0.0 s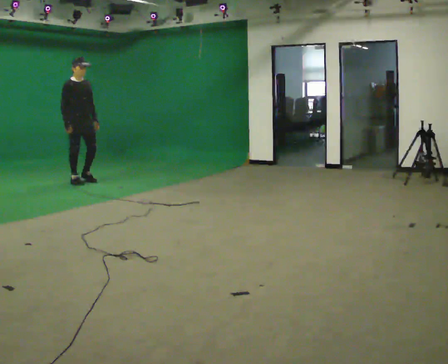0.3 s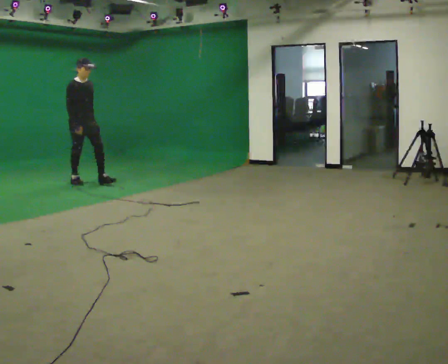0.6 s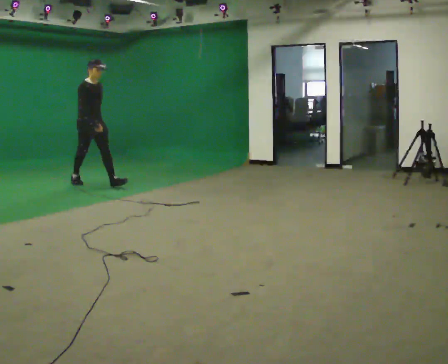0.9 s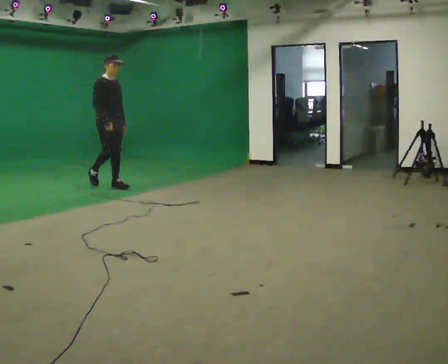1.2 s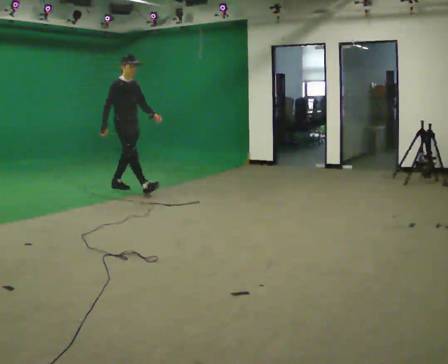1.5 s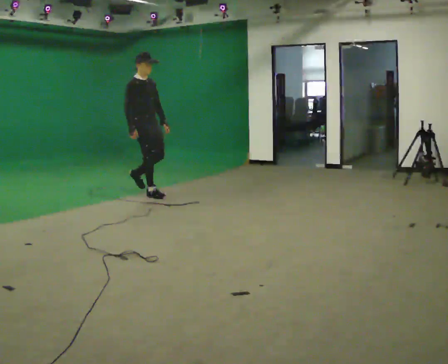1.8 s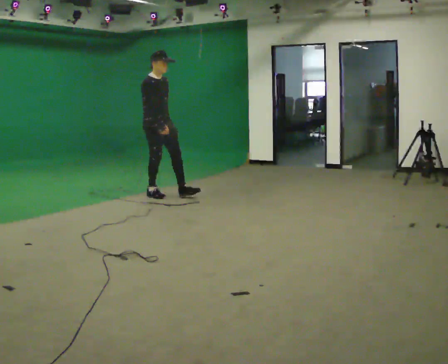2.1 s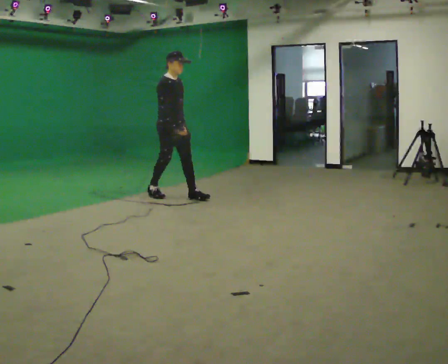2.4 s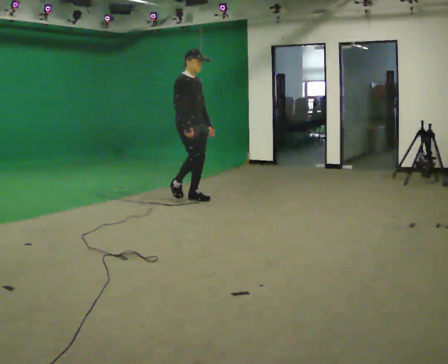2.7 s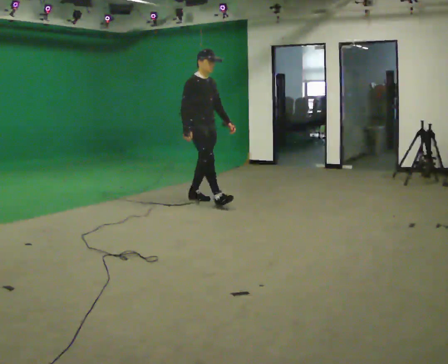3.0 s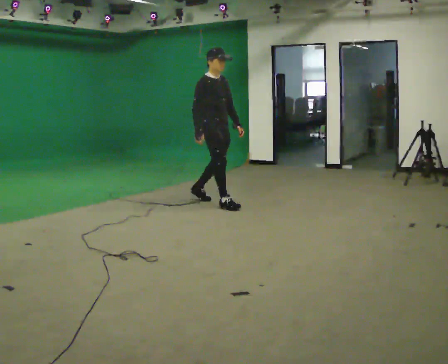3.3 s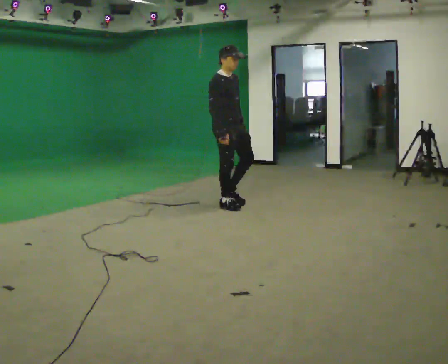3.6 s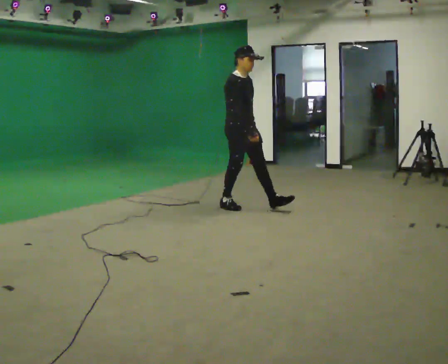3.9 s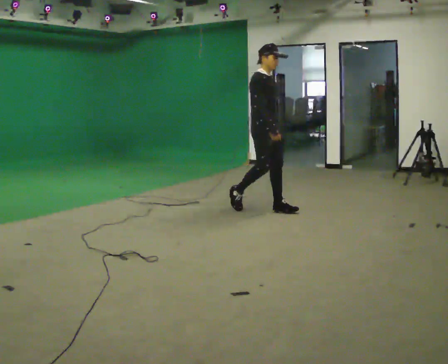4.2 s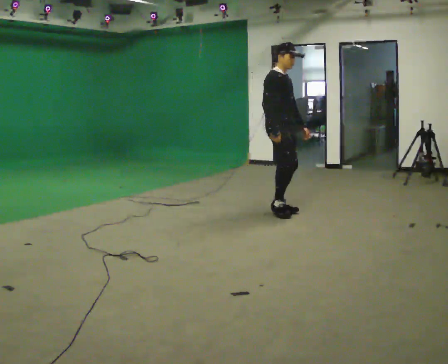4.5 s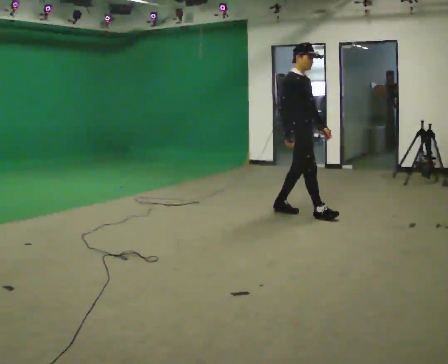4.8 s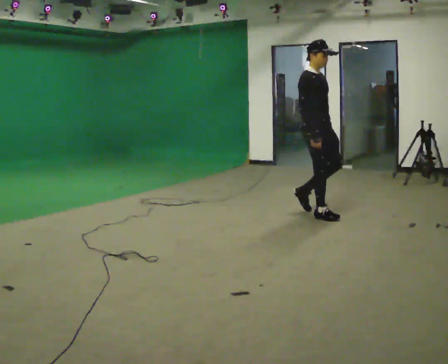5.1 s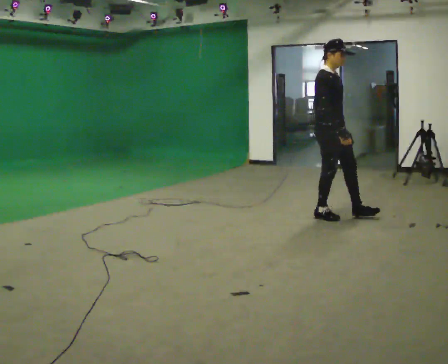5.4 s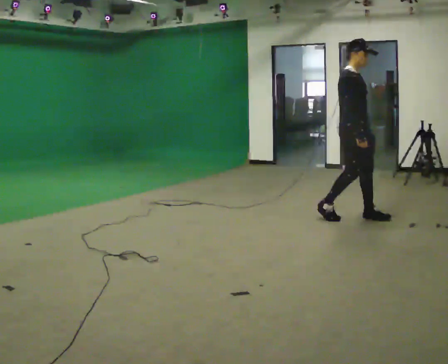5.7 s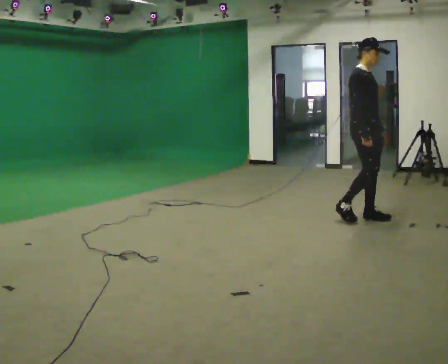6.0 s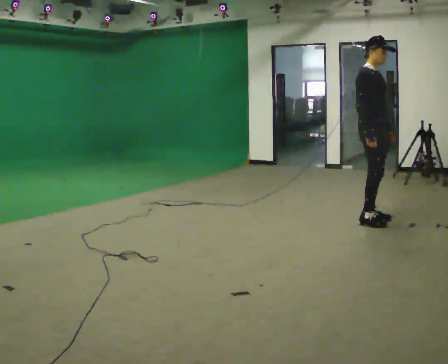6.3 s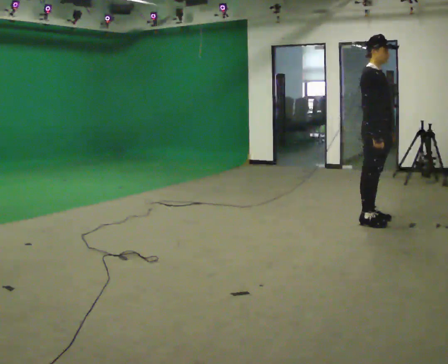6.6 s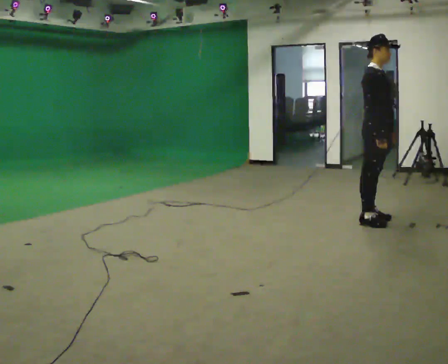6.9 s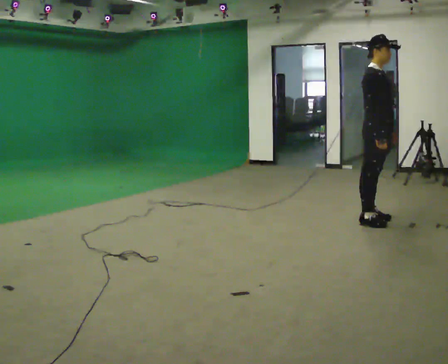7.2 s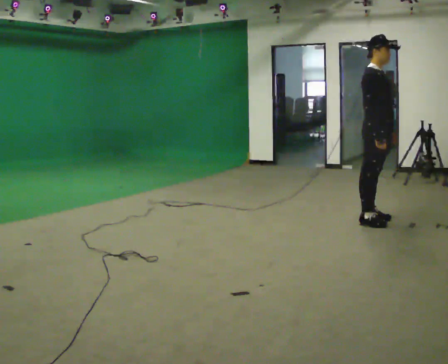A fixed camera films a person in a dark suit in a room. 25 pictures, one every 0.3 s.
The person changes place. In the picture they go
to the right.
0.0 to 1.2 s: In the picture they go to the right and toward the camera, about 1 m in 1 step, which for them is forward.
1.2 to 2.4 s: In the picture they go to the right and toward the camera, about 1 m in 2 steps, which for them is forward.
2.4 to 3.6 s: In the picture they go to the right and toward the camera, about 1 m in 1 step, which for them is forward.
3.6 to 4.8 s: In the picture they go to the right and toward the camera, about 1 m in 2 steps, which for them is forward.
4.8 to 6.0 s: In the picture they go to the right and toward the camera, about 0.5 m in 2 steps, which for them is forward.
6.0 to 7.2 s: The person moves a little, or ends about where they began.
The film runs forward here.
